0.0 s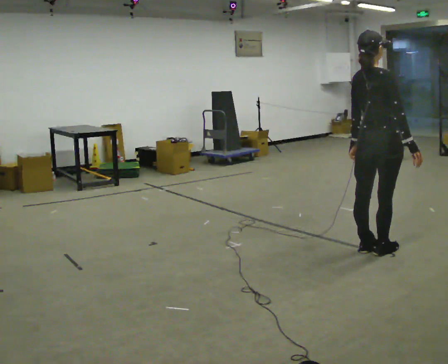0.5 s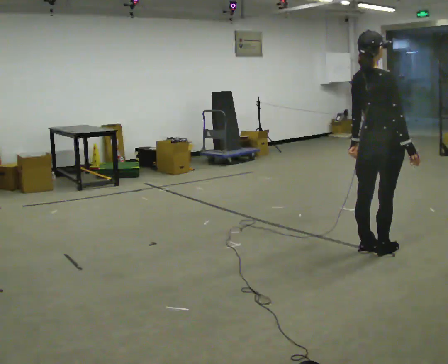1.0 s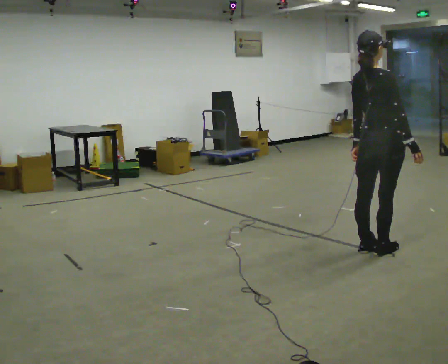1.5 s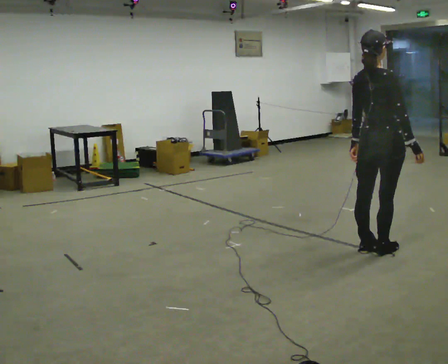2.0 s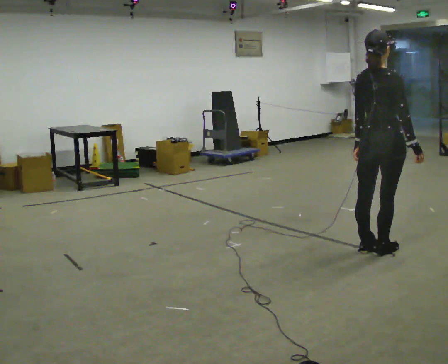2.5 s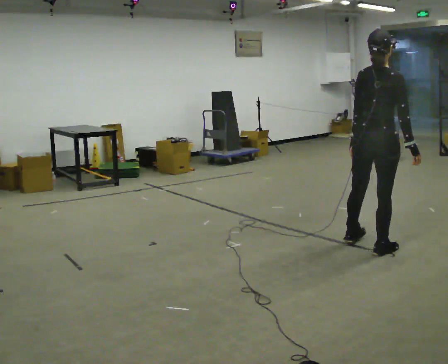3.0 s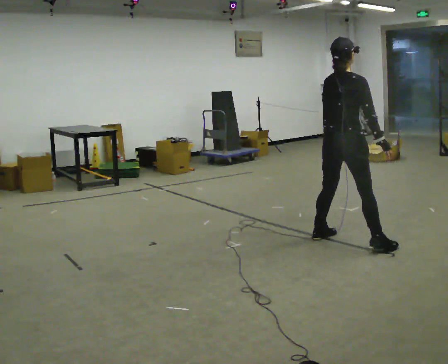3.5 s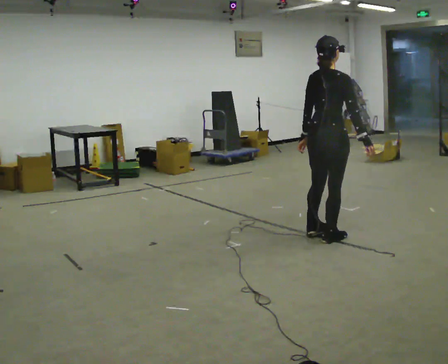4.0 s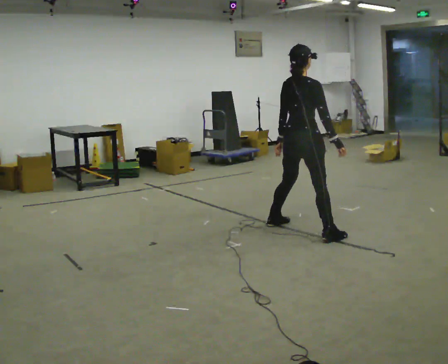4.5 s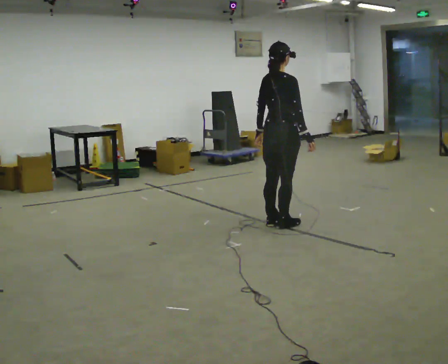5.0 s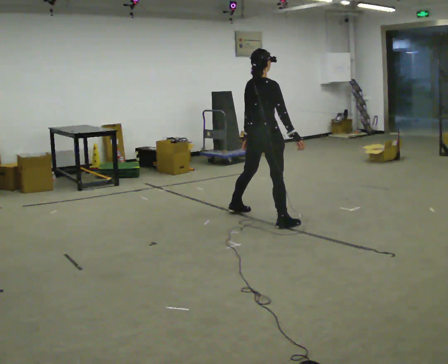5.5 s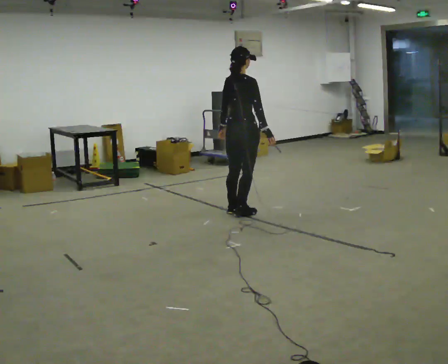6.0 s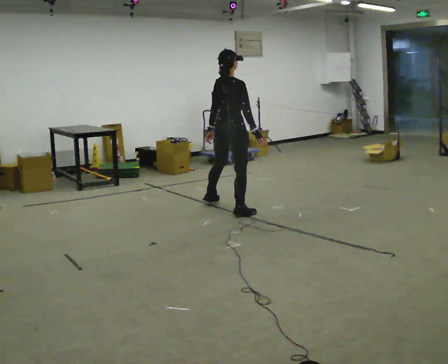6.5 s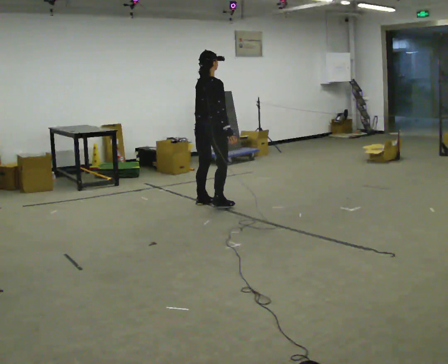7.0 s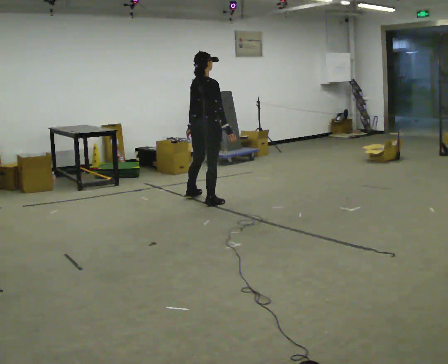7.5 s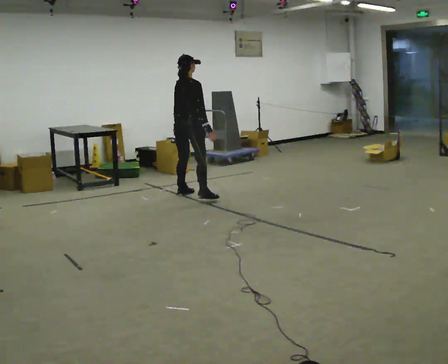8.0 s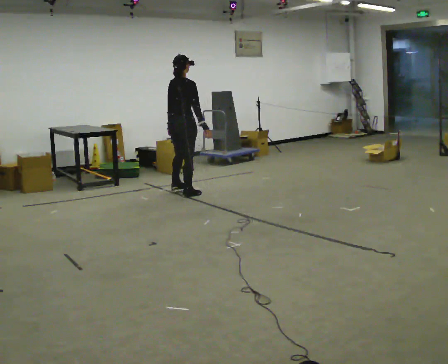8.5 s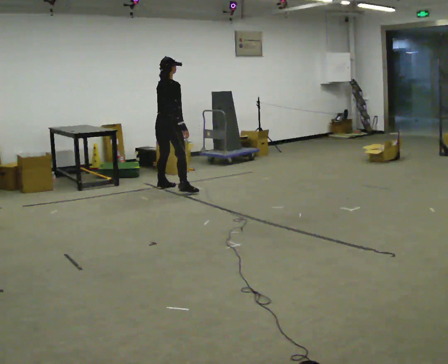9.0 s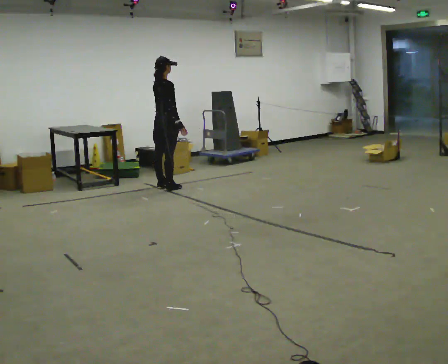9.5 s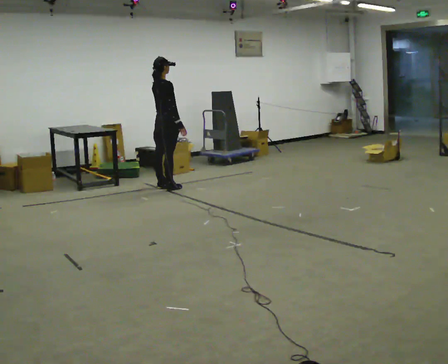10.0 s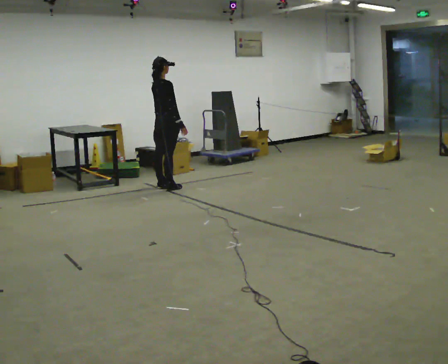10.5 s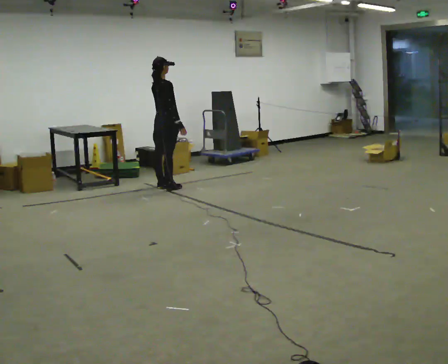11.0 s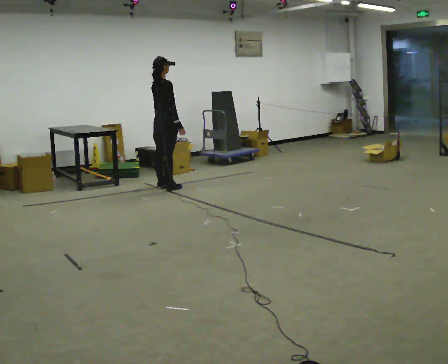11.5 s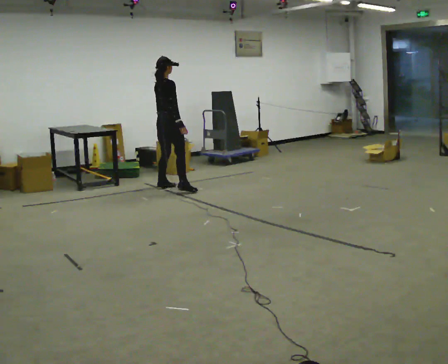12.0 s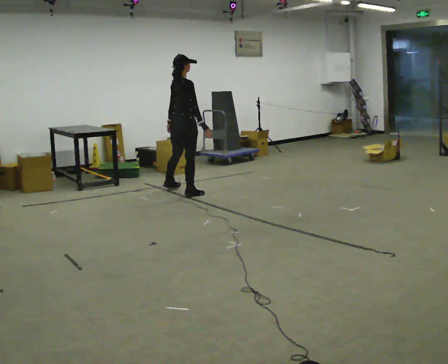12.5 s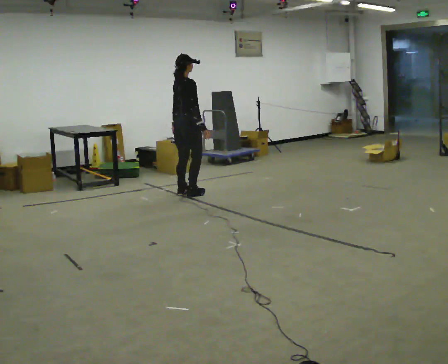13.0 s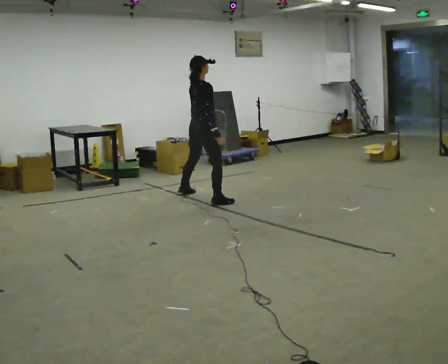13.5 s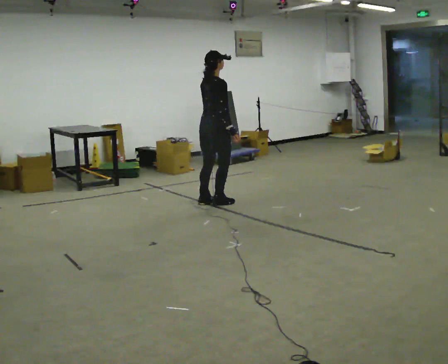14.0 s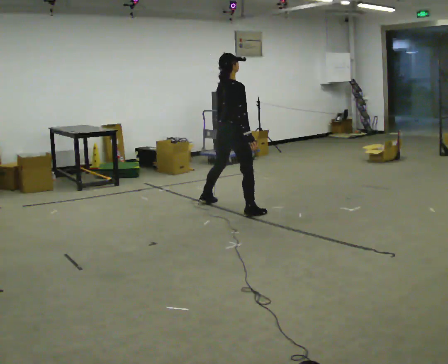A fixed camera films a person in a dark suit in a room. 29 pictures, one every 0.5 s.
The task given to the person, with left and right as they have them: Move laterally left/right for ~3 m; natural controlled steps; stop.
0.0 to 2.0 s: The person moves a little, or ends about where they began.
2.0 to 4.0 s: In the picture they go away from the camera and to the left, about 1 m in 3 steps, which for them is to their left.
4.0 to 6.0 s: In the picture they go away from the camera and to the left, about 1 m in 3 steps, which for them is to their left.
6.0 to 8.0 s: In the picture they go away from the camera and to the left, about 1 m in 4 steps, which for them is to their left.
8.0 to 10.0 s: In the picture they go away from the camera and to the left, about 0.5 m in 2 steps, which for them is to their left.
10.0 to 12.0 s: In the picture they go toward the camera and to the right, about 0.5 m in 1 step, which for them is to their right.
12.0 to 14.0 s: In the picture they go toward the camera and to the right, about 1 m in 4 steps, which for them is to their right.
The film runs forward here.
